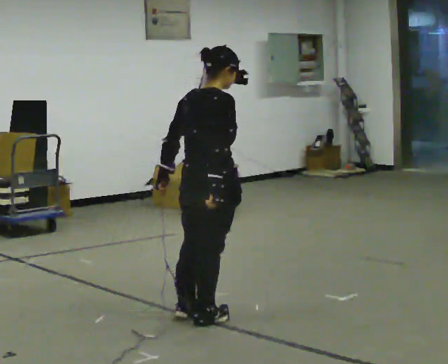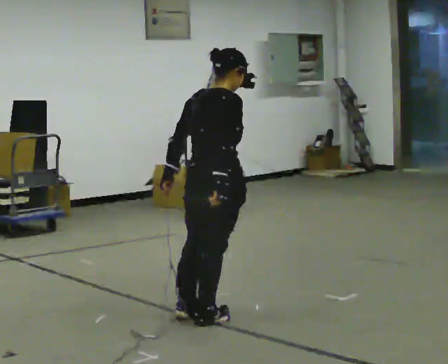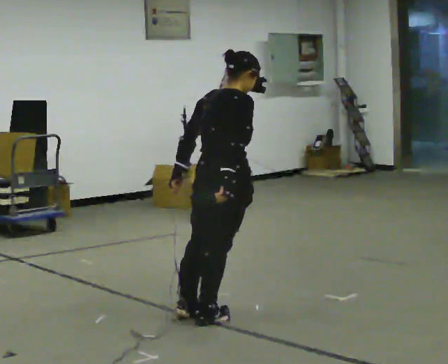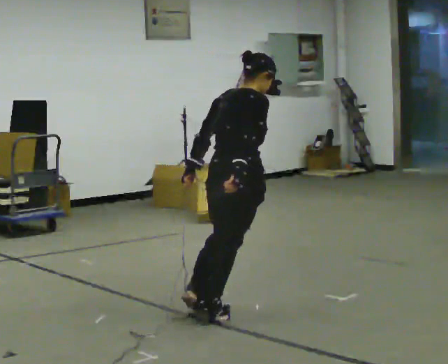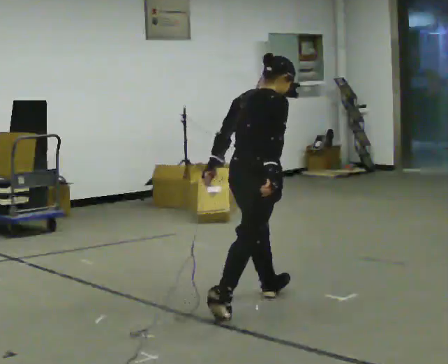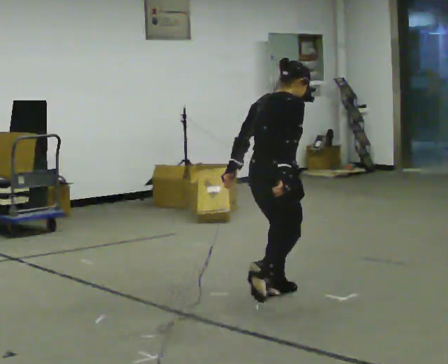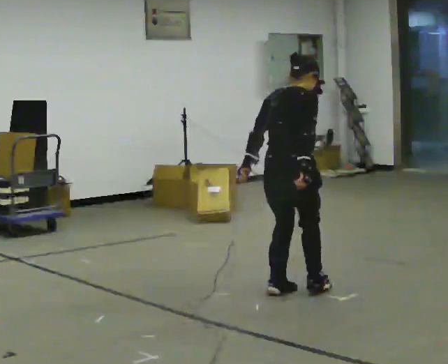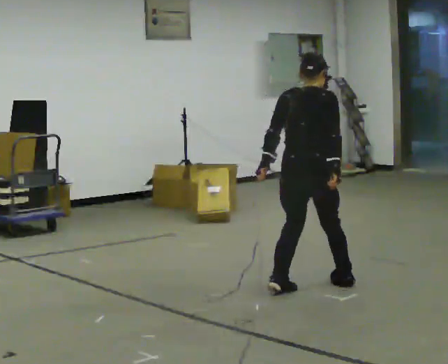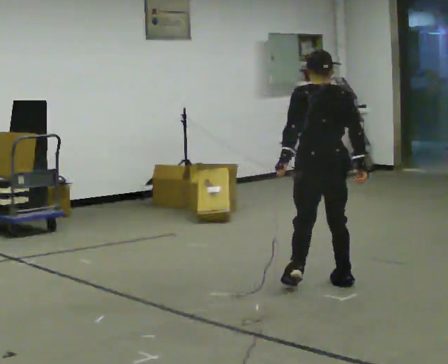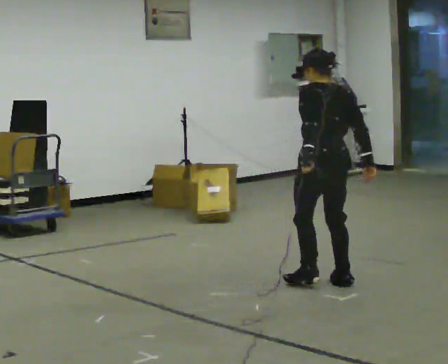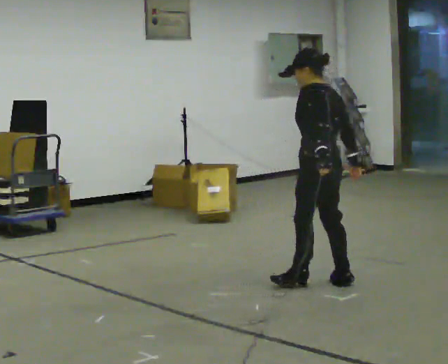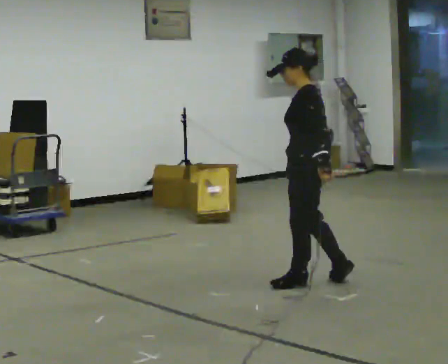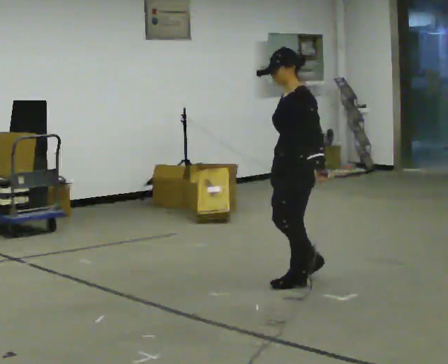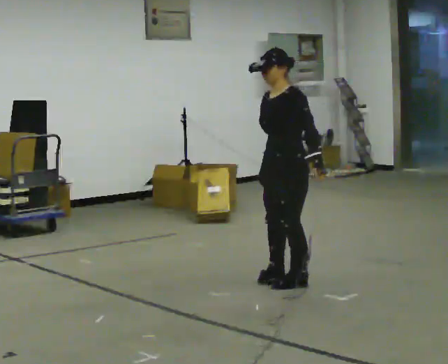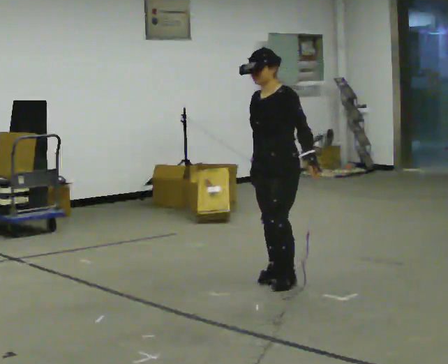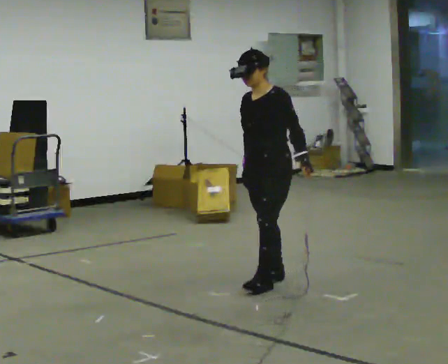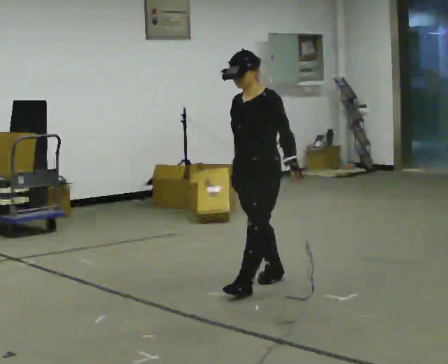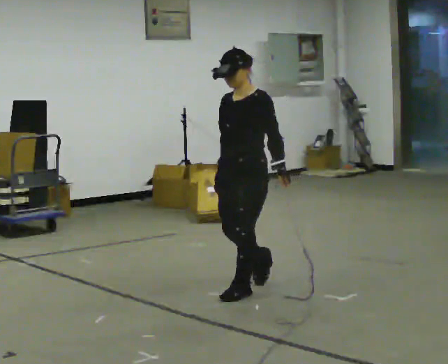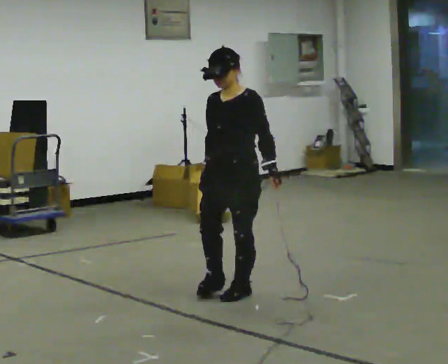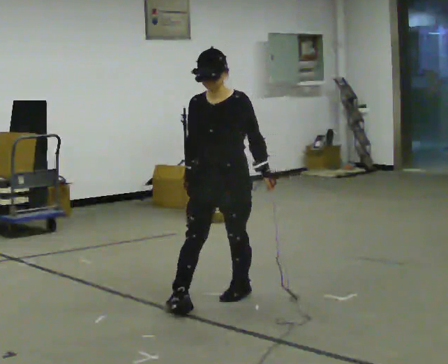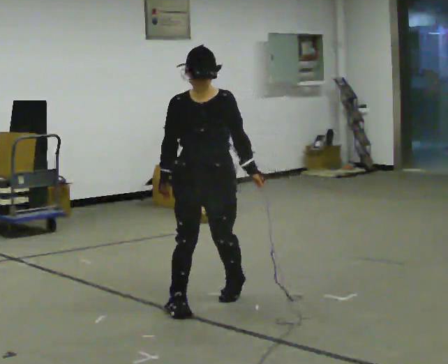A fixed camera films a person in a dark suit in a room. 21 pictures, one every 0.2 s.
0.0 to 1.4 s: In the picture they go away from the camera and to the right, about 1 m in 2 steps, which for them is forward.
1.4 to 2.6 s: Seen from above the body turns counterclockwise, about 135 degrees: to their left, with its near side sliding to the right. In the picture they go to the left and away from the camera, about 0.25 m in 2 steps.
2.6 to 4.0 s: The part of the body nearest the lens slides to the right as the person turns to their left by about 60 degrees. In the picture they go toward the camera and to the left, about 1 m in 2 steps.
The film runs forward here.
